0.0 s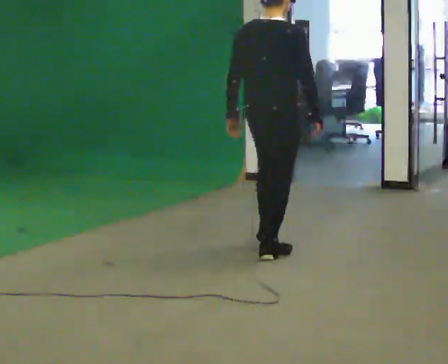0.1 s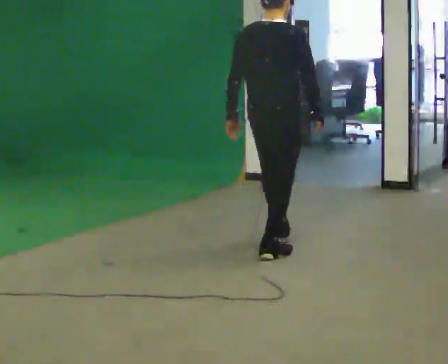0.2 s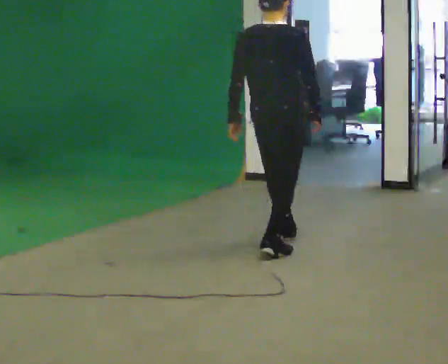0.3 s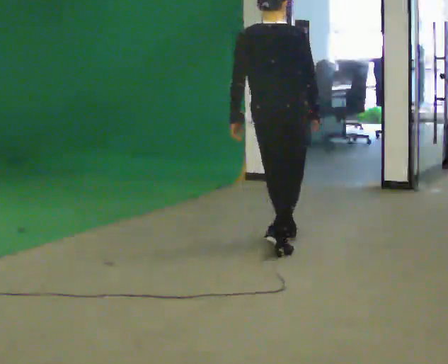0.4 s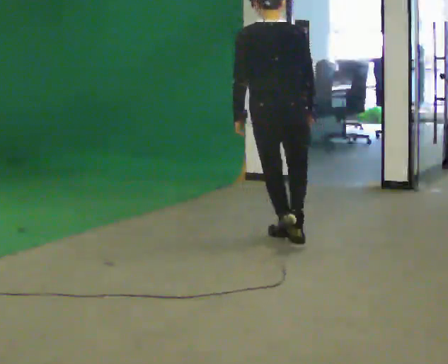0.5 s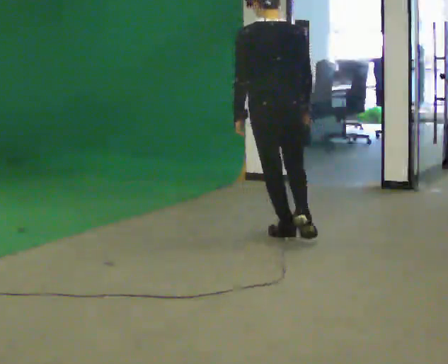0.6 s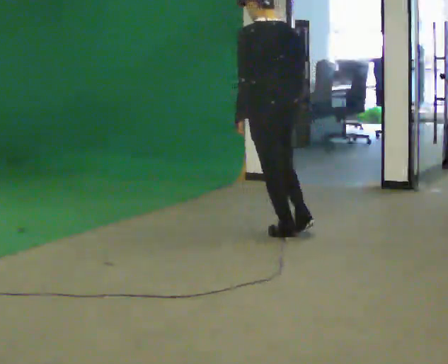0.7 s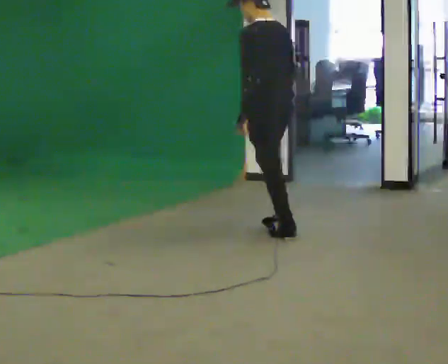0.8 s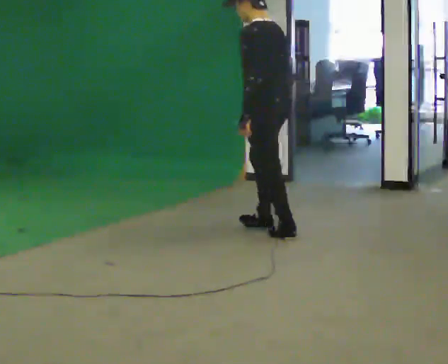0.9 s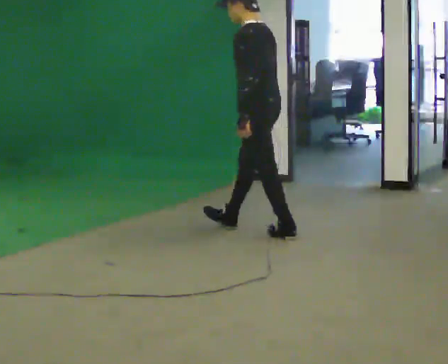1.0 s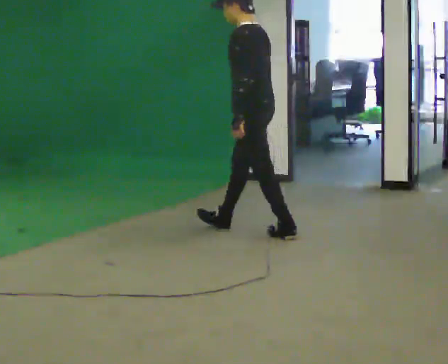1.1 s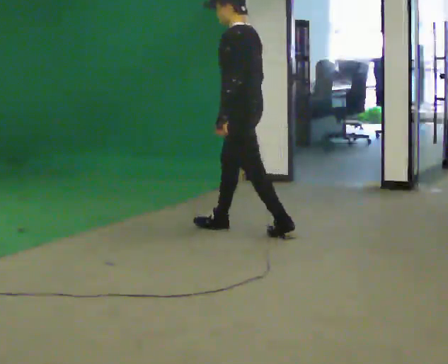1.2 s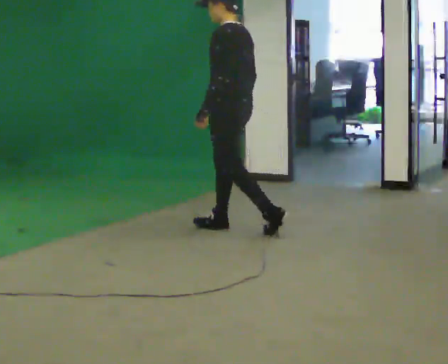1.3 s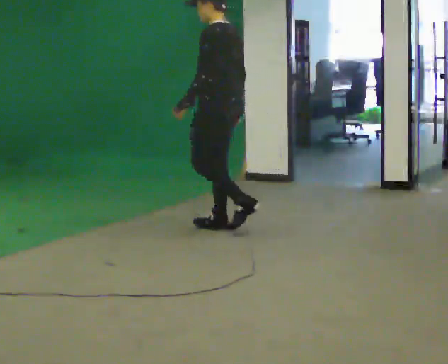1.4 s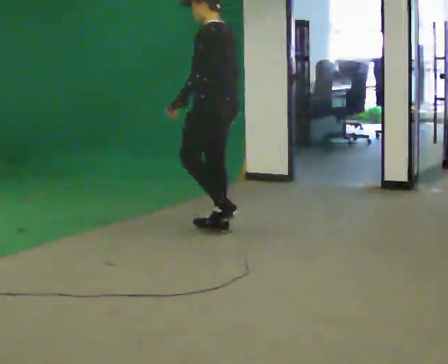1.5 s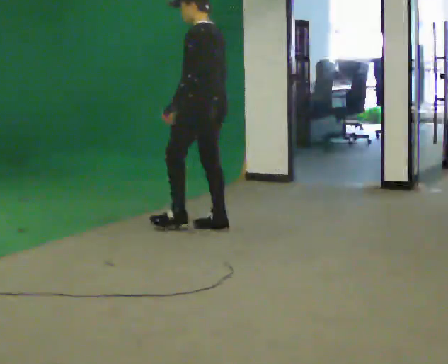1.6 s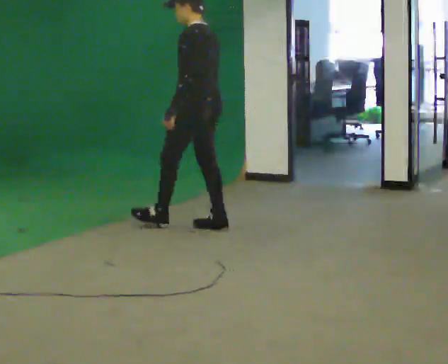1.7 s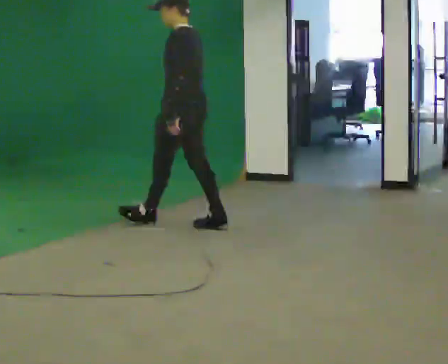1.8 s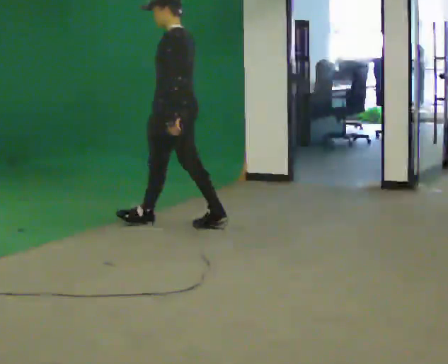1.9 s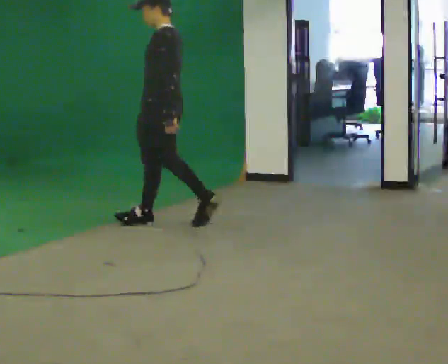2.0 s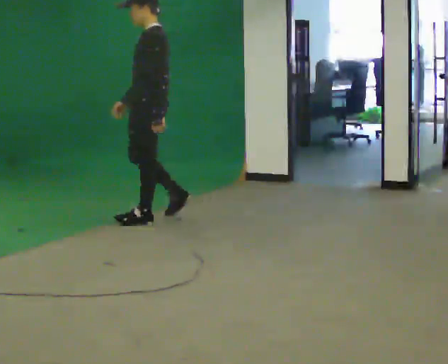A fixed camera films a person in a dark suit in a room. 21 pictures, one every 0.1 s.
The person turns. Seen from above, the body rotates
counterclockwise.
The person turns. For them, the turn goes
to their left.
0.0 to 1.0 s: Seen from above the body turns counterclockwise, about 105 degrees: to their left, with its near side sliding to the right. In the picture they go away from the camera, about 0.5 m in 1 step.
1.0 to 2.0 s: Seen from above the body turns counterclockwise, about 30 degrees: to their left, with its near side sliding to the right. In the picture they go to the left, about 1 m in 2 steps, which for them is forward.
The film runs forward here.
